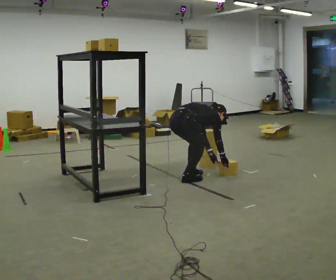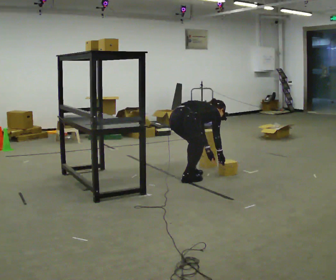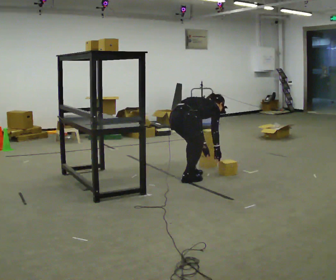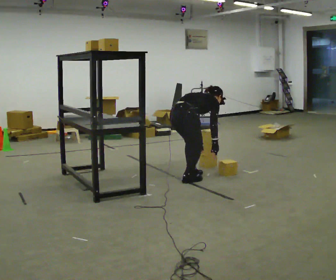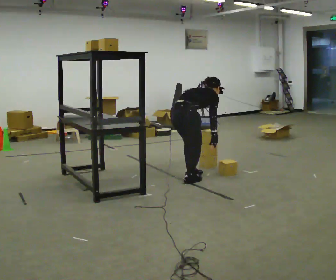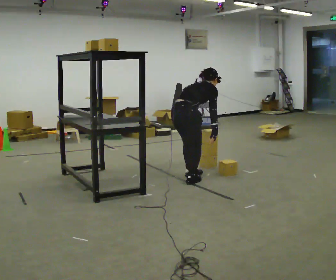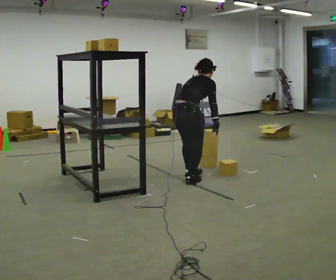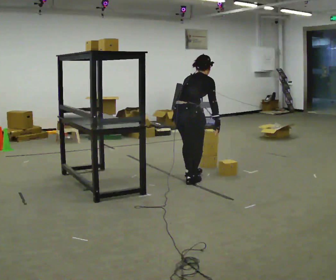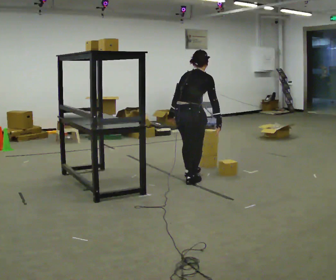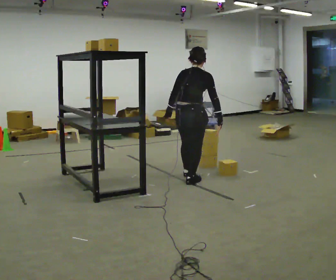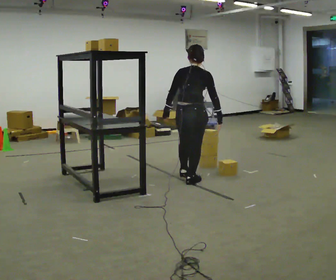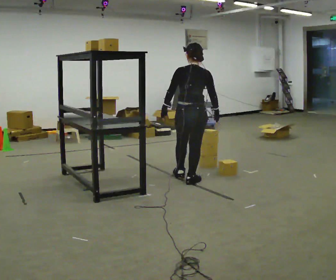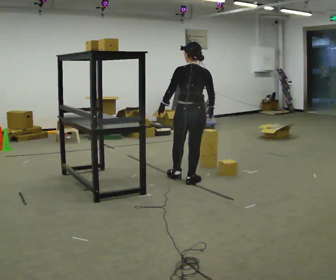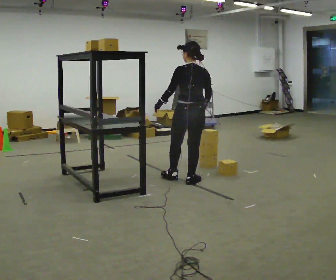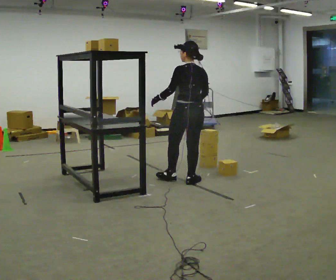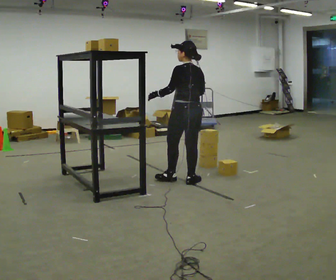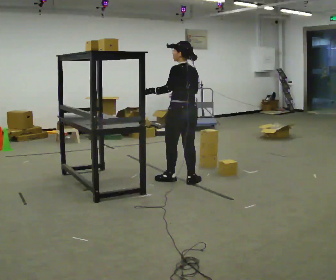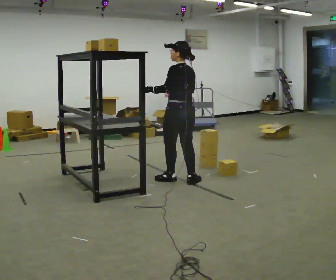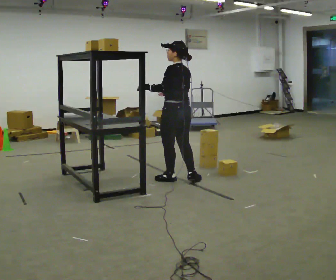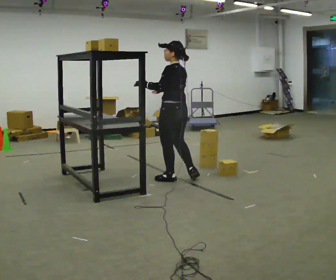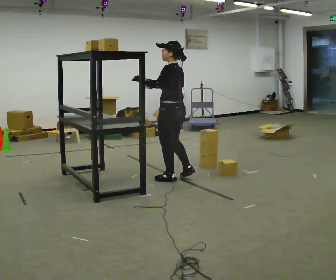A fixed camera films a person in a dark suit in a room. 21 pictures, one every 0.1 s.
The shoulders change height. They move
upward.
The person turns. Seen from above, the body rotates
counterclockwise.
0.0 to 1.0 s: The part of the body nearest the lens slides to the right as the person turns to their left by about 45 degrees. The shoulders move upward. In the picture the upper body tilts counterclockwise, shoulders to the left, as they lean back or straighten. In the picture their left hand goes upward and to the left.
1.0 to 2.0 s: Seen from above the body turns counterclockwise, about 75 degrees: to their left, with its near side sliding to the right. In the picture they go to the left, about 0.25 m in 1 step. In the picture their right hand goes to the left and upward.
The film runs forward here.
